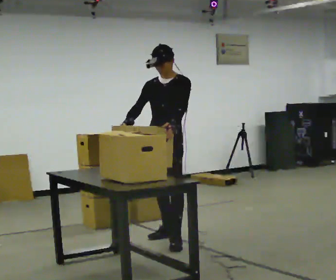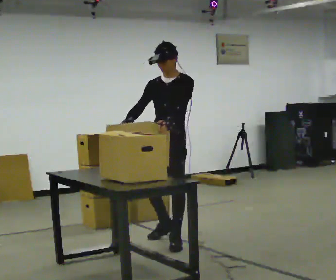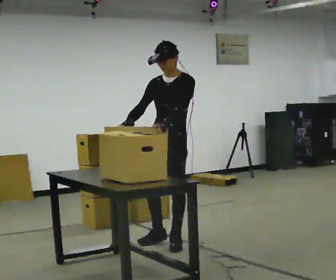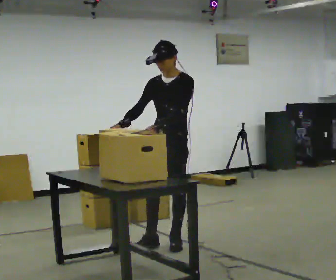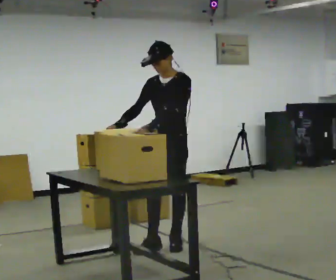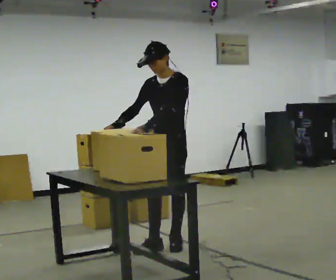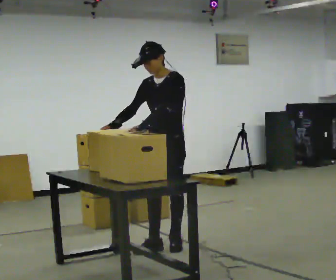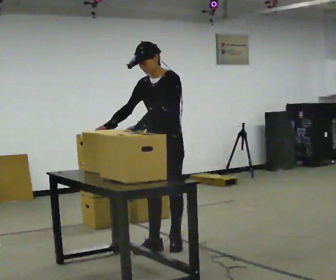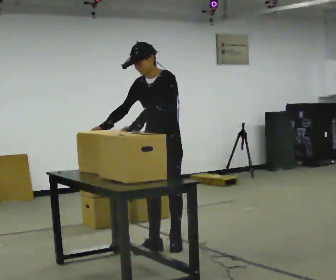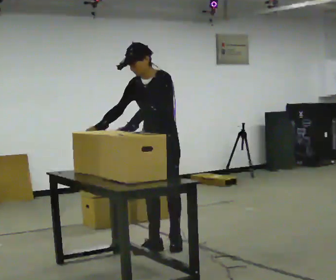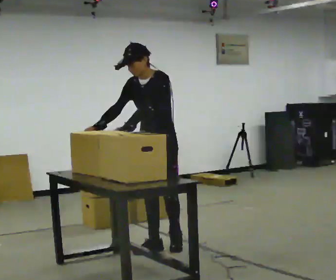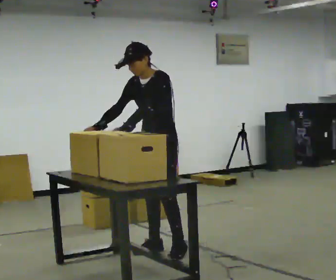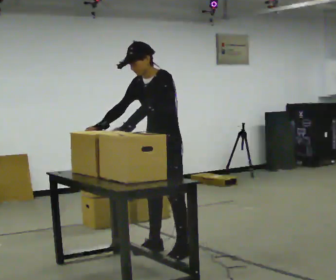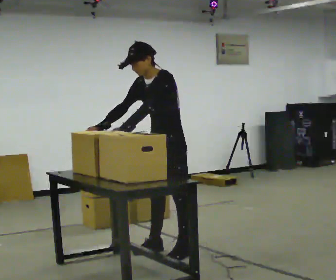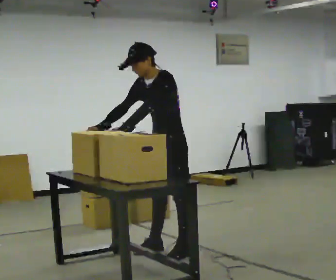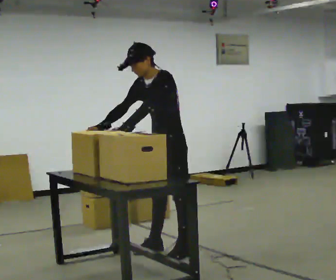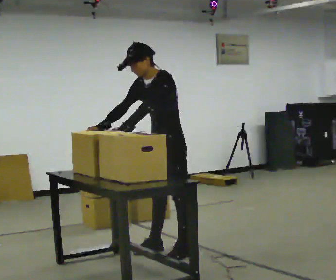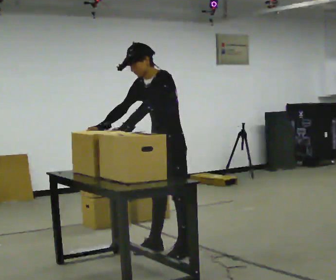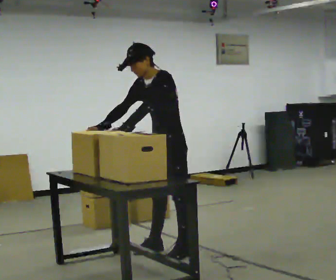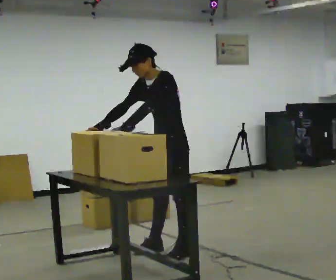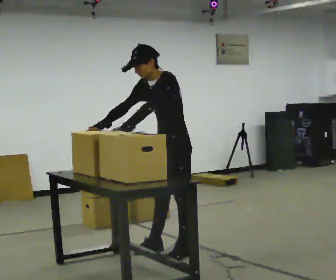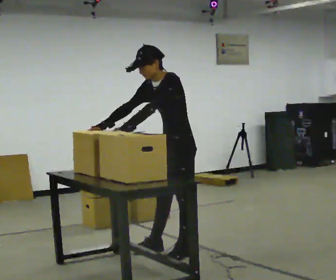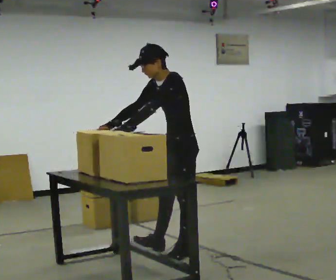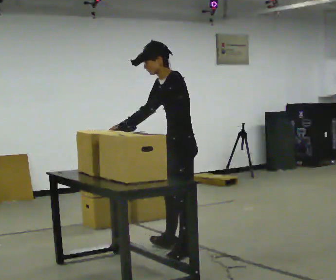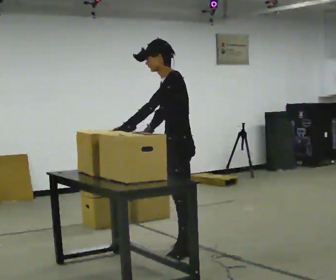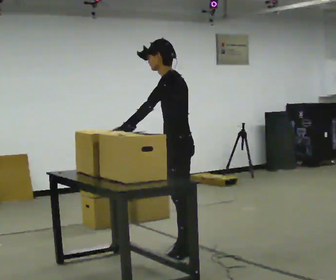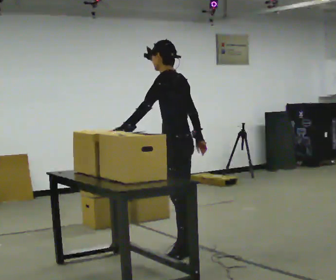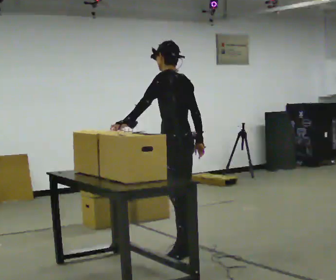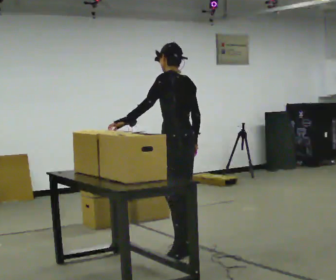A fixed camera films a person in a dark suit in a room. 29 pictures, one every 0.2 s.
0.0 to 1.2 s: In the picture they go toward the camera, about 0.25 m in 1 step, which for them is forward and to their left.
1.2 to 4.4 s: The part of the body nearest the lens slides to the left as the person turns to their right by about 30 degrees. In the picture they go toward the camera, about 0.25 m in 1 step, which for them is to their left.
4.4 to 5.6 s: Seen from above the body turns clockwise, about 45 degrees: to their right, with its near side sliding to the left. In the picture their right hand goes to the right, the arm swinging counterclockwise.
The film runs forward here.
